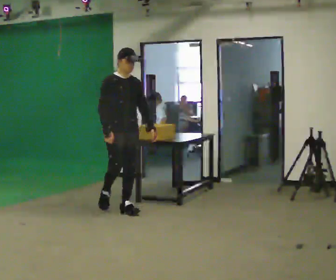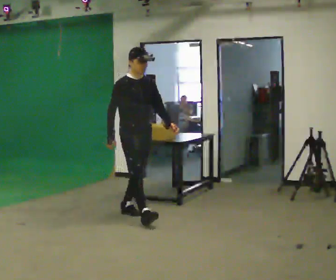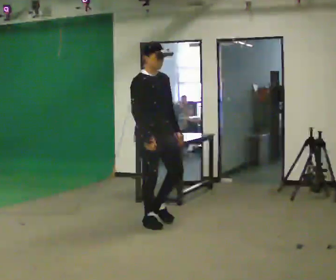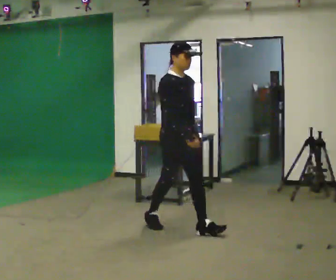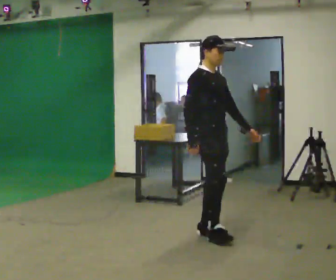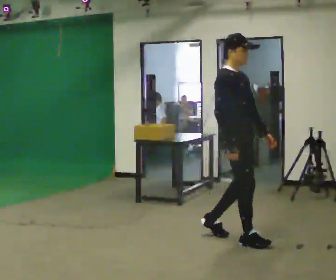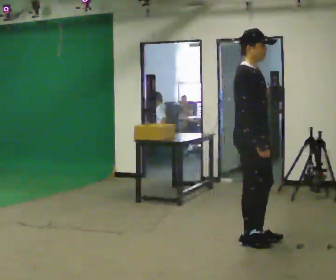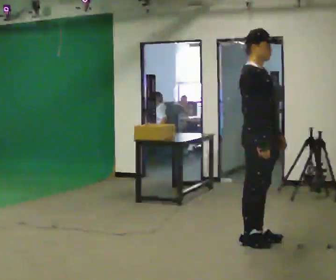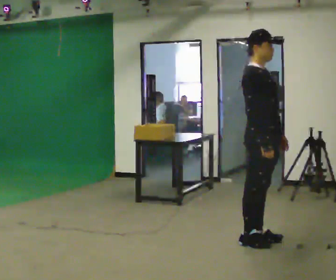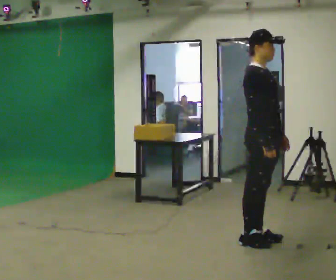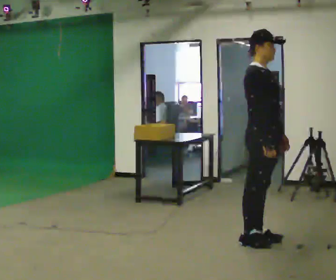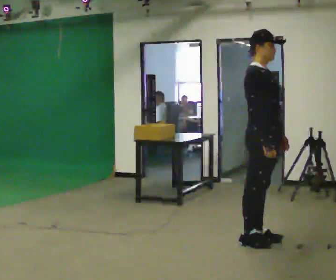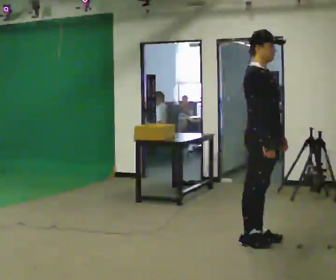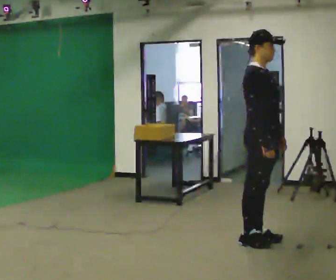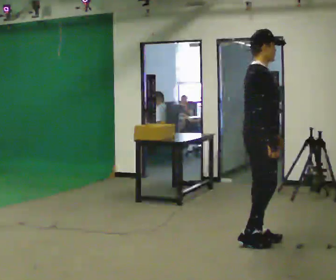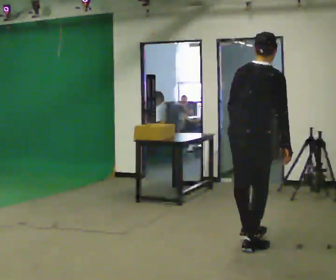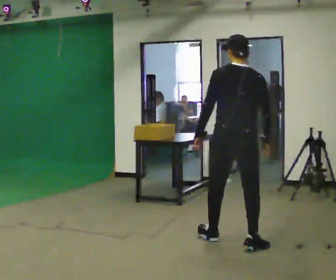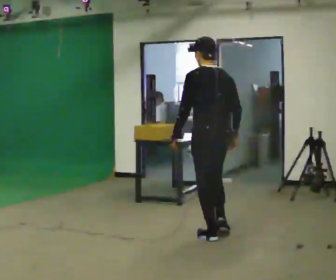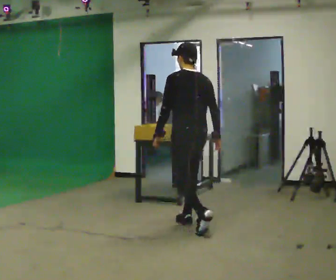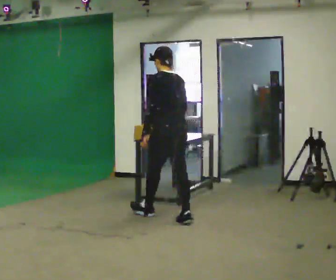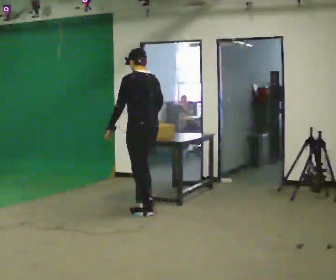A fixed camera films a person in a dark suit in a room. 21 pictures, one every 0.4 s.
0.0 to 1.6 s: In the picture they go to the right and toward the camera, about 1.5 m in 2 steps, which for them is forward.
1.6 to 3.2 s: In the picture they go to the right and toward the camera, about 0.5 m in 2 steps, which for them is forward.
3.2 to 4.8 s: The person keeps their place and pose.
4.8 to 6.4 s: The part of the body nearest the lens slides to the right as the person turns to their left by about 120 degrees. In the picture they go to the left, about 0.25 m in 2 steps. The upper body tips away from the camera, its near side rolling upward. In the picture their left hand goes to the left, the arm swinging clockwise.
6.4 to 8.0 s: The part of the body nearest the lens slides to the right as the person turns to their left by about 45 degrees. In the picture they go to the left and away from the camera, about 1.5 m in 2 steps, which for them is forward.
The film runs forward here.
